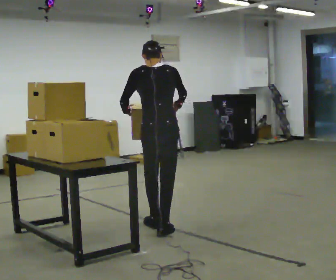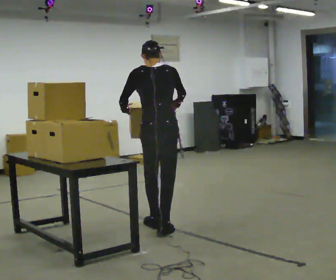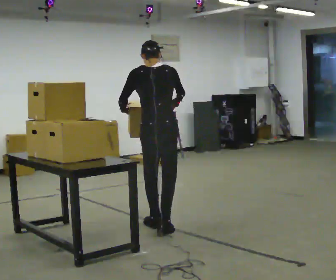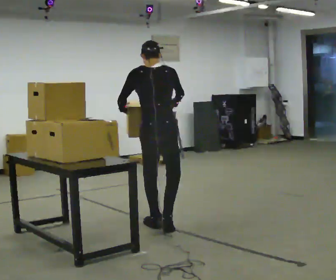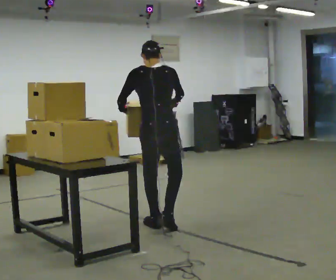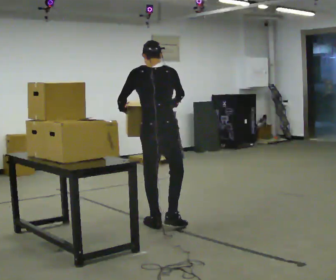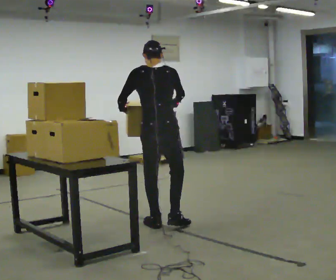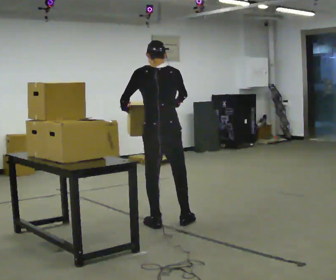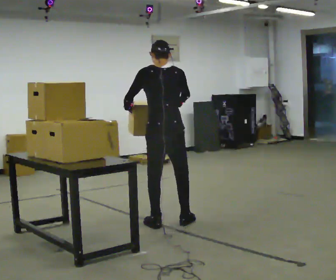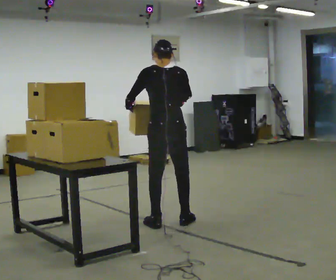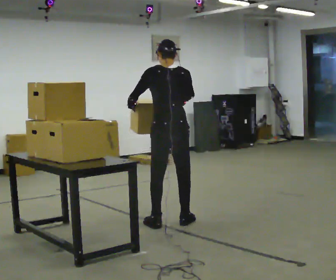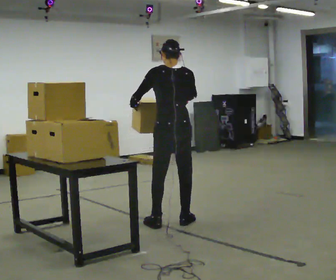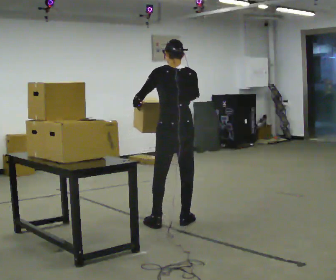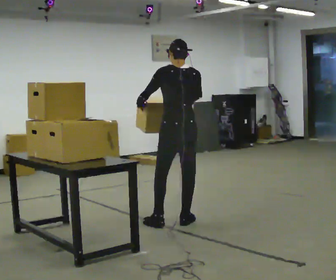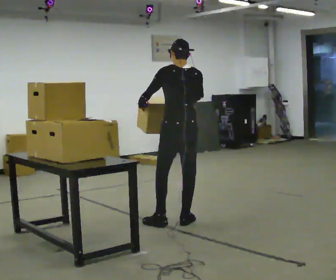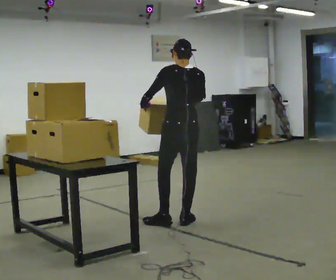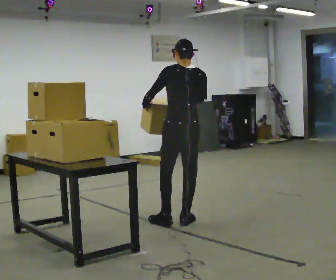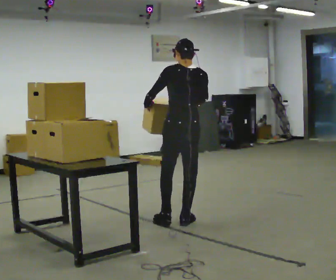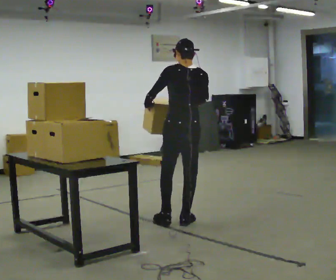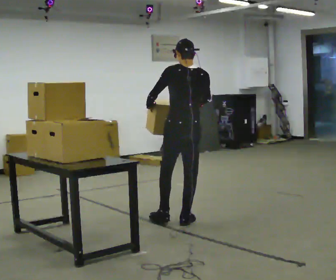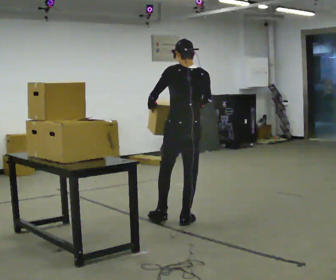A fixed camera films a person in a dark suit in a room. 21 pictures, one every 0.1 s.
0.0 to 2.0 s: In the picture they go to the right and away from the camera, about 0.25 m in 2 steps, which for them is to their right and forward.
The film runs forward here.
